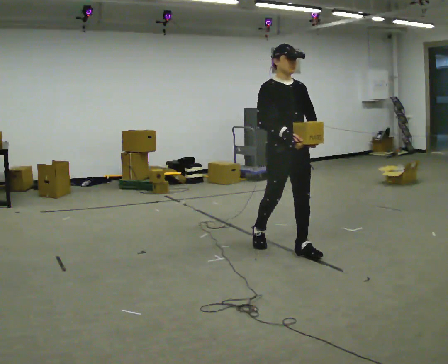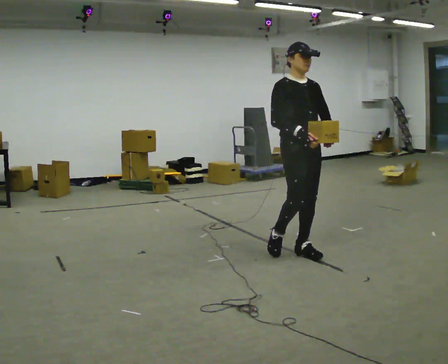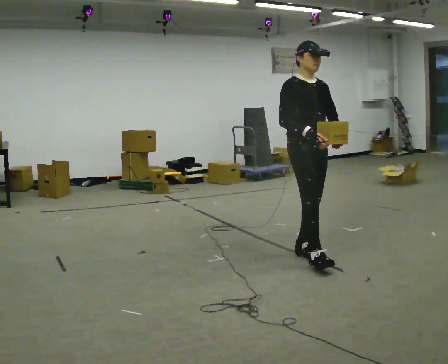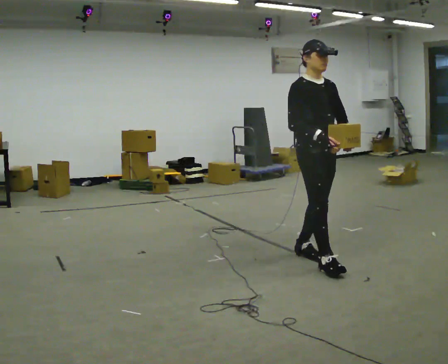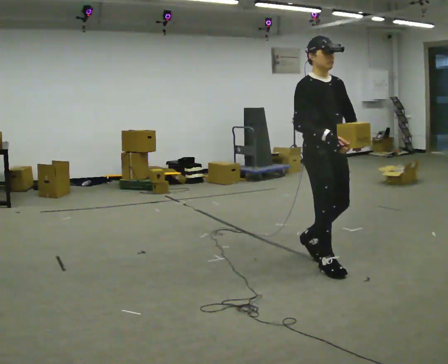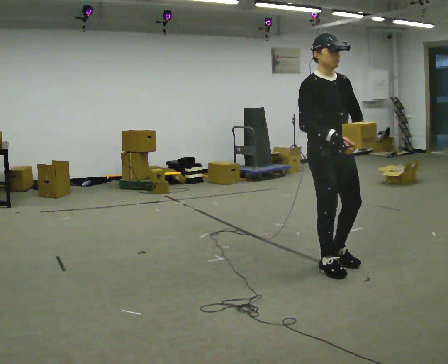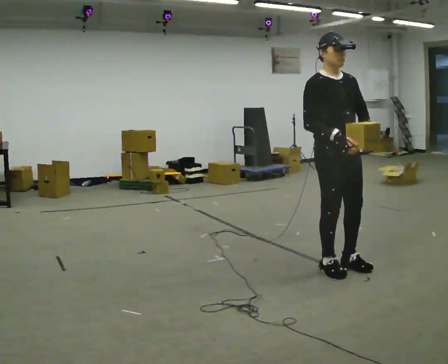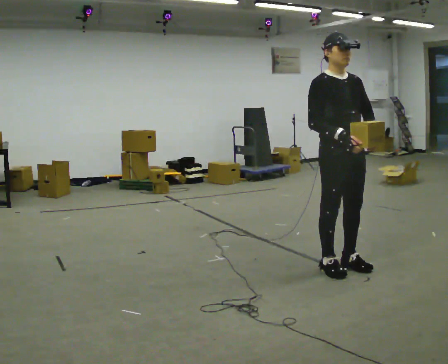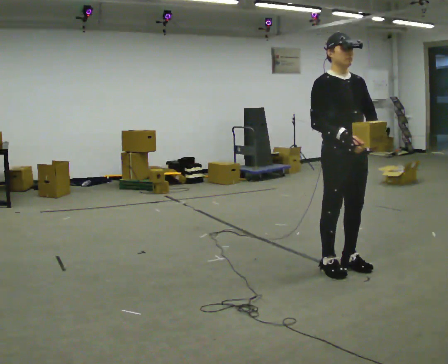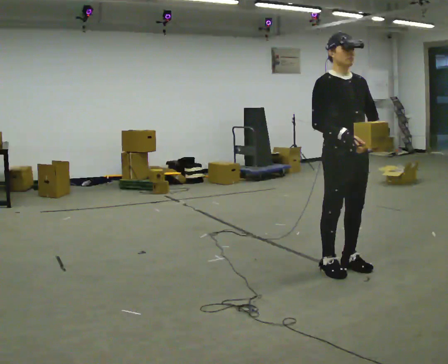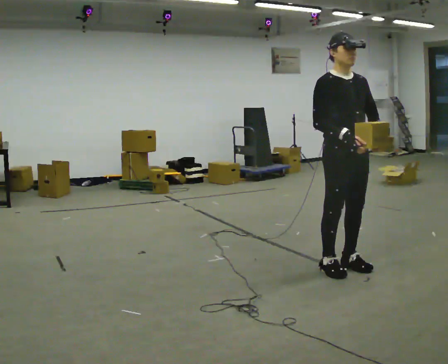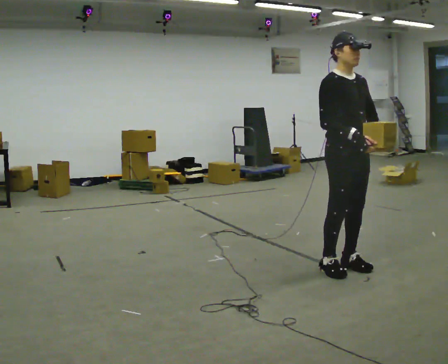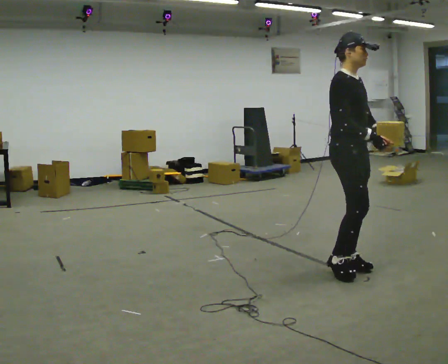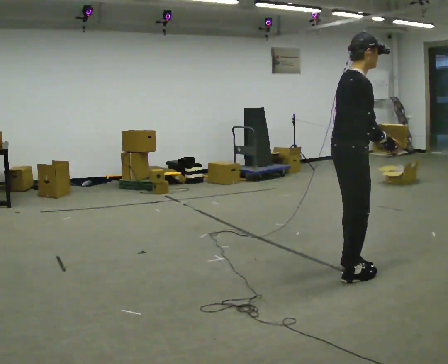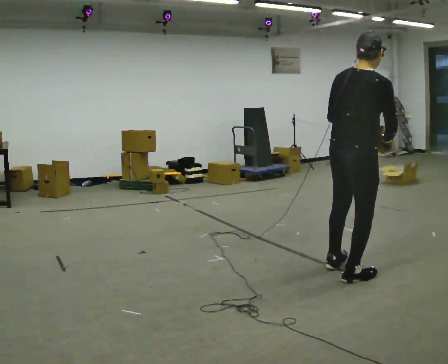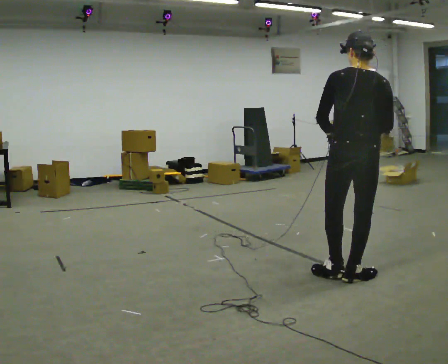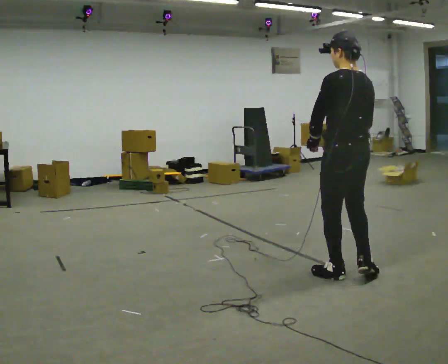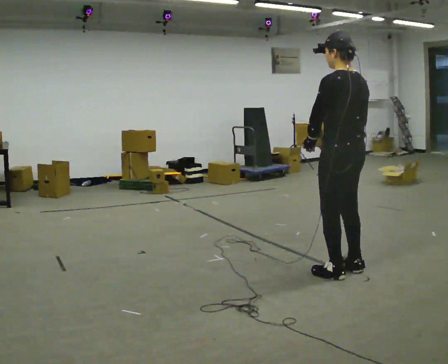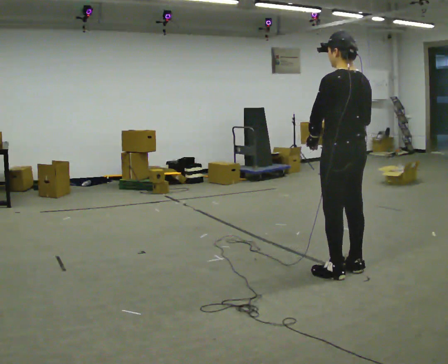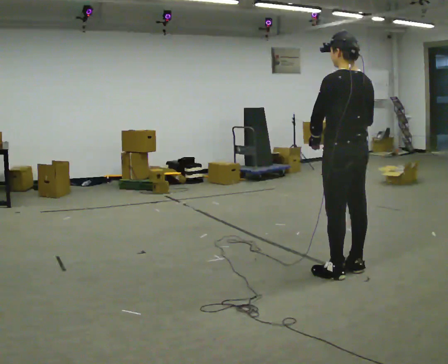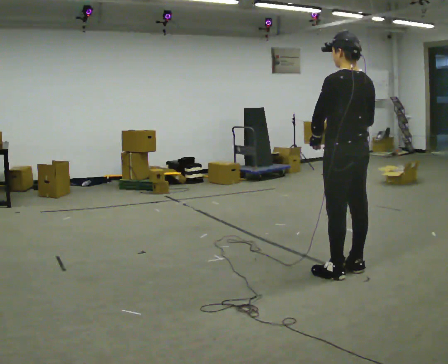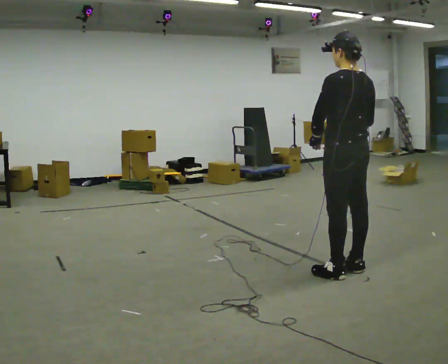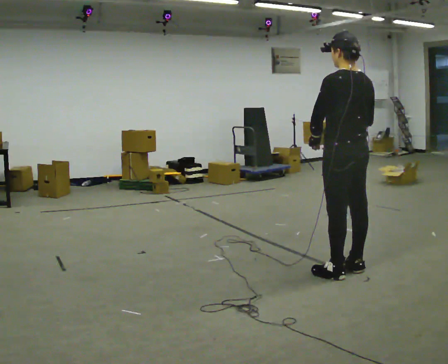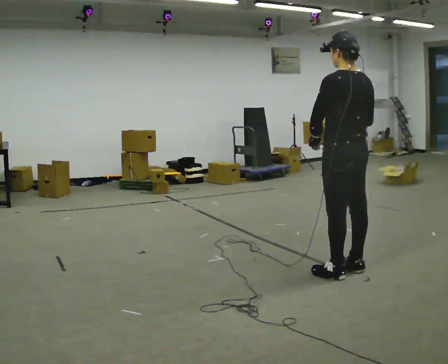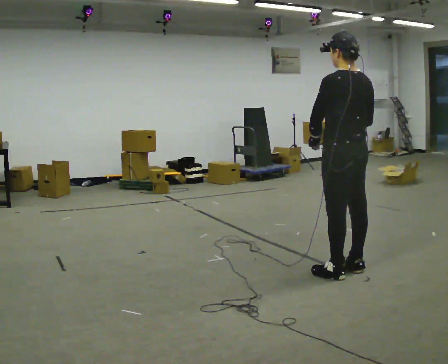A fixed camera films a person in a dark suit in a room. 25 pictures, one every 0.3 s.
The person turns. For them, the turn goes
to their left.
The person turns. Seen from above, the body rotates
counterclockwise.
0.0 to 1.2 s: In the picture they go to the right and toward the camera, about 0.5 m in 1 step, which for them is forward.
1.2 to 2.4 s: In the picture they go to the right, about 0.25 m in 1 step, which for them is forward.
2.4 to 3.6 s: Seen from above the body turns counterclockwise, about 30 degrees: to their left, with its near side sliding to the right.
3.6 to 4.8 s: Seen from above the body turns counterclockwise, about 150 degrees: to their left, with its near side sliding to the right. In the picture they go toward the camera, about 0.25 m in 2 steps. In the picture their left hand goes to the left, the arm swinging clockwise.
4.8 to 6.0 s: The person moves a little, or ends about where they began.
6.0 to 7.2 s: The person keeps their place and pose.
The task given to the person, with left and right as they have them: Carry the light box in both hands in front of you, walking back and forth across the room. Keep walking until the operator says stop.
The film runs forward here.
